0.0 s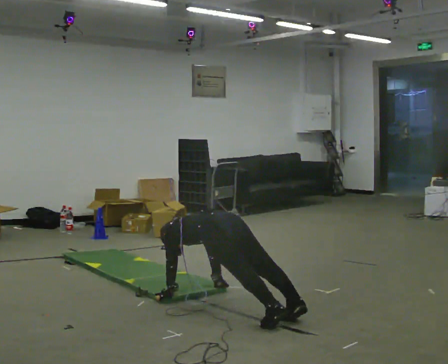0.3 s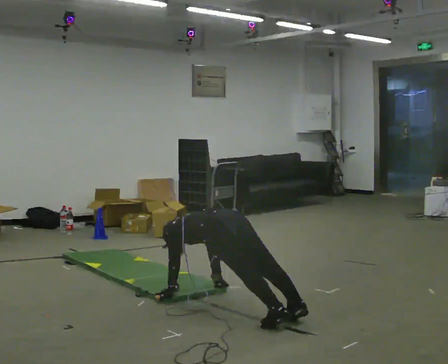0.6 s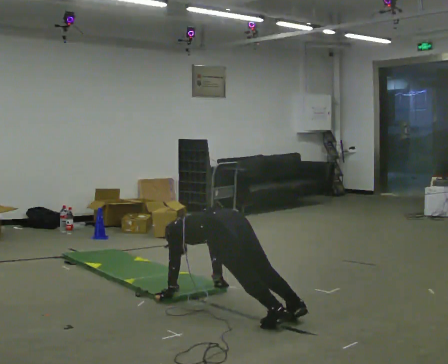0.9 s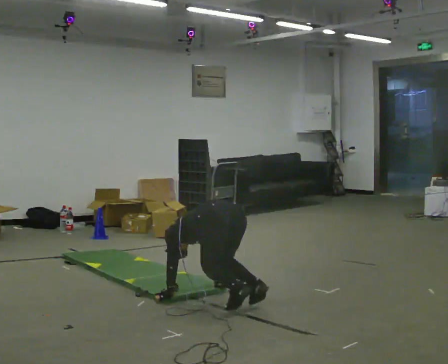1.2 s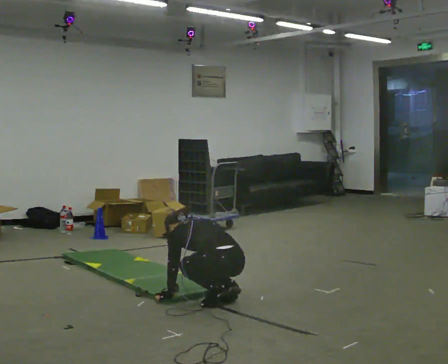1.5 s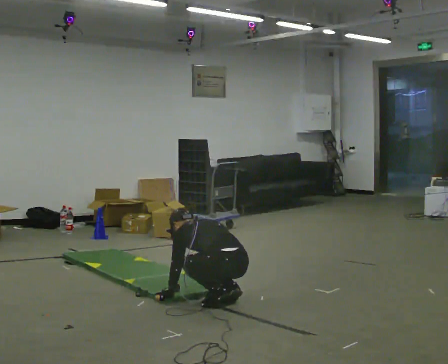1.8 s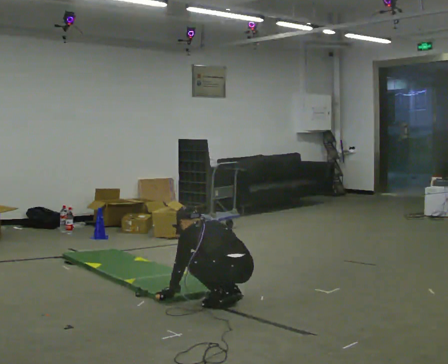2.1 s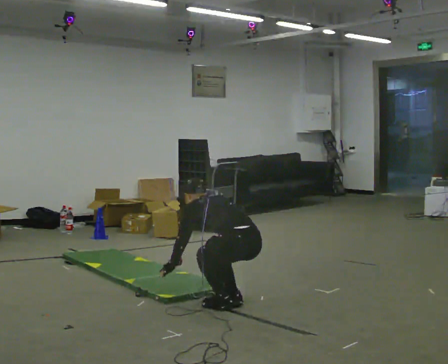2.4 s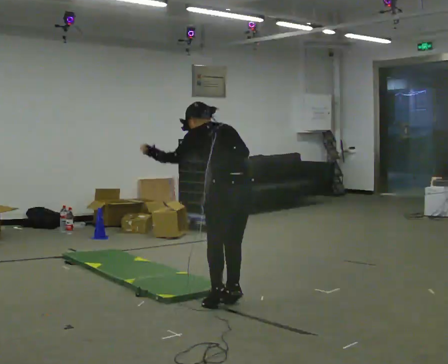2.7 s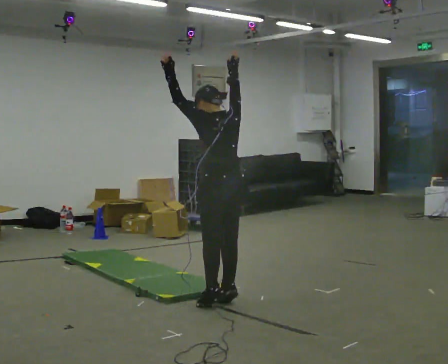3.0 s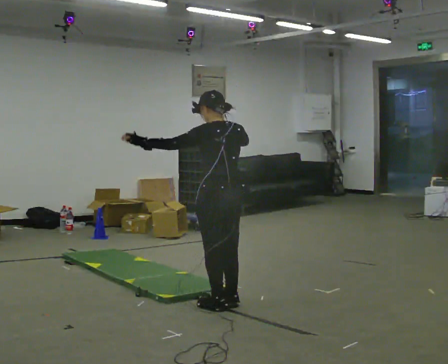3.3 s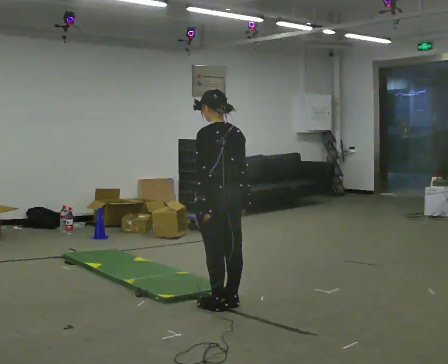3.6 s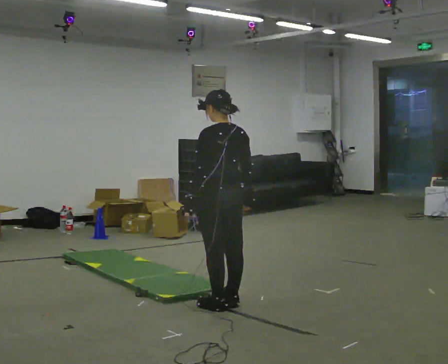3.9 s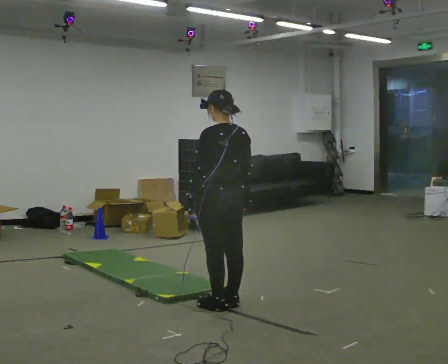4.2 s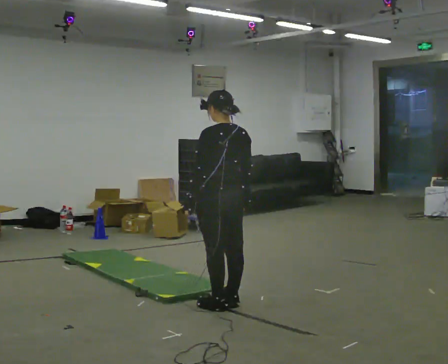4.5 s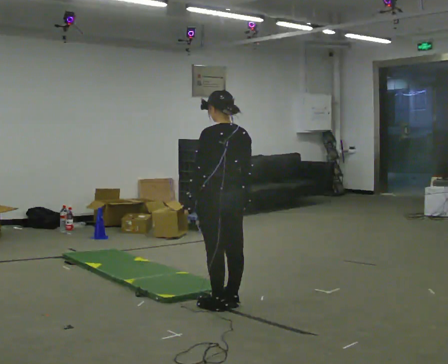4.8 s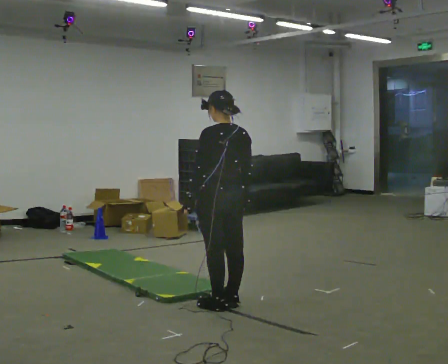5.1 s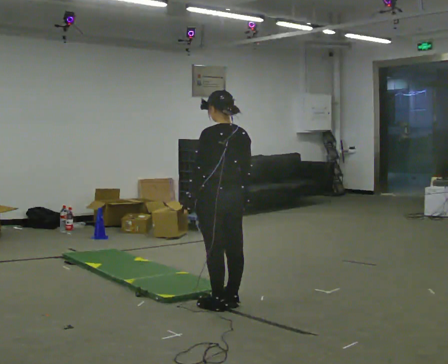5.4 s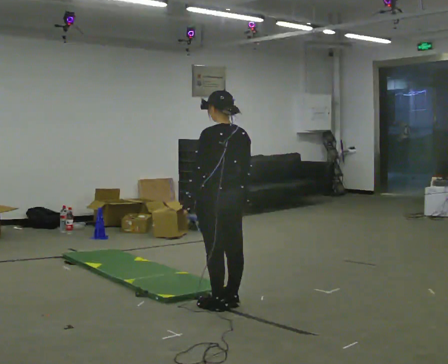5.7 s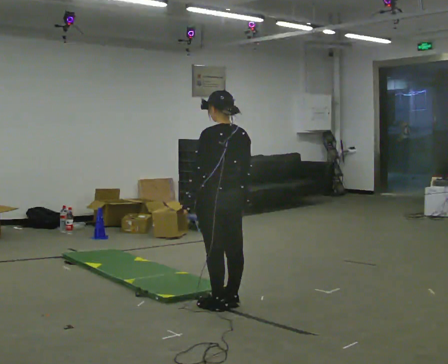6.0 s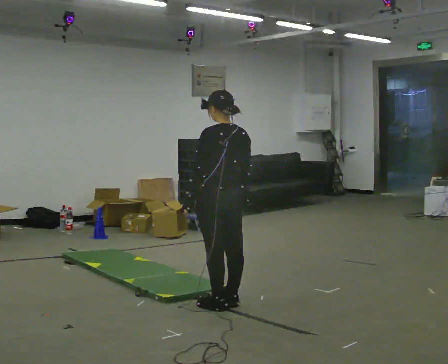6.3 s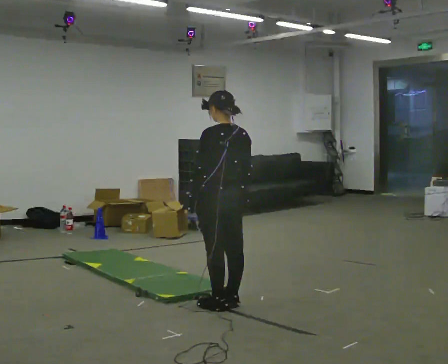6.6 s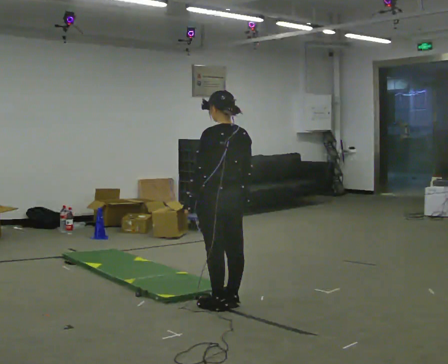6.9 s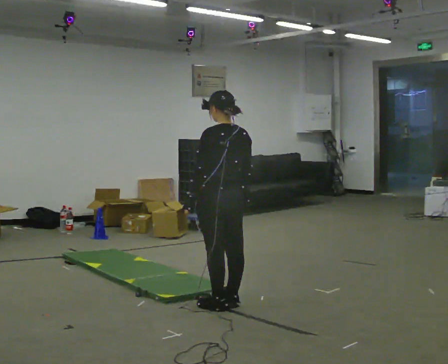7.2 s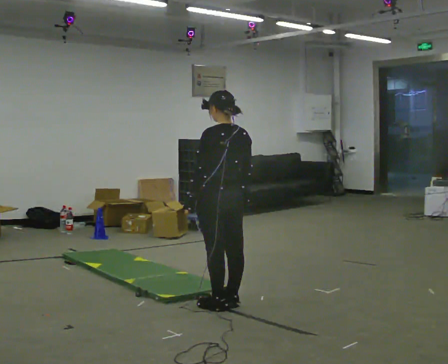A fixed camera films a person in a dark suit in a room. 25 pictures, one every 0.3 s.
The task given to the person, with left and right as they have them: From standing, drop to your hands, kick your feet back, return and jump up. Repeat the movement at your own pace until the operator says stop; do not rush.
0.0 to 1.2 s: The person moves a little, or ends about where they began.
1.2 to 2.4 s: The upper body goes upward. The upper body tips toward the camera, its near side rolling downward, as they lean back or straighten. In the picture their right hand goes upward.
2.4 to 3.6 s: In the picture the upper body tilts clockwise, shoulders to the right, as they lean back or straighten. In the picture their right hand goes downward.
3.6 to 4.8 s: The person moves a little, or ends about where they began.
4.8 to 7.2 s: The person keeps their place and pose.
The film runs forward here.
